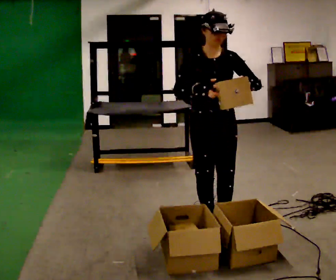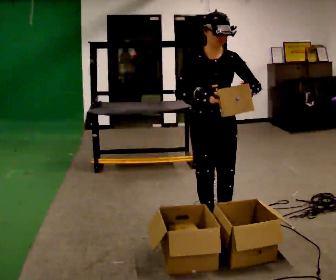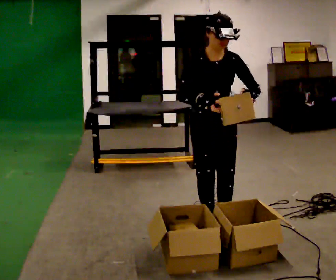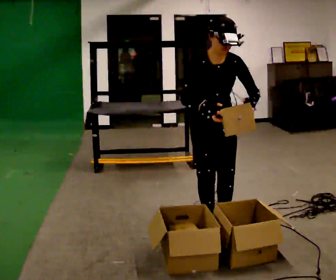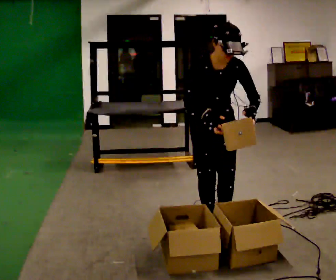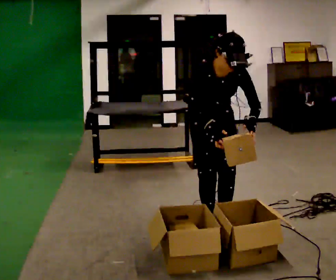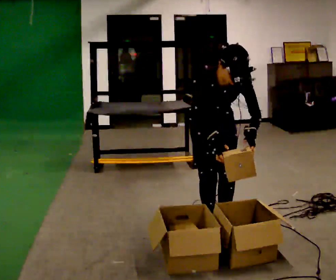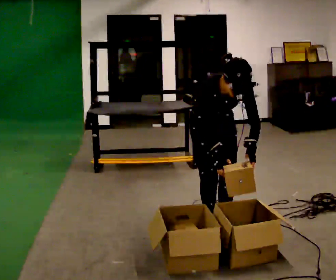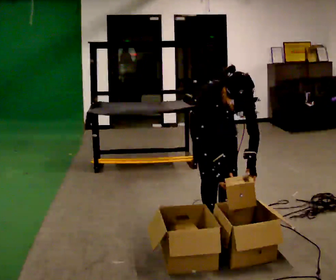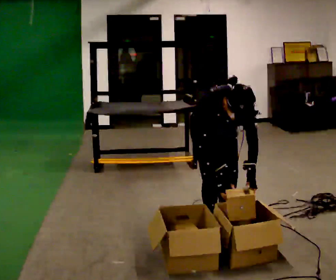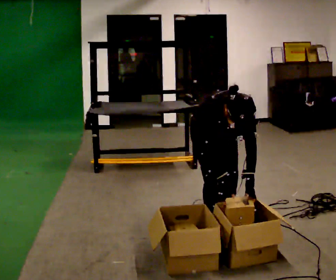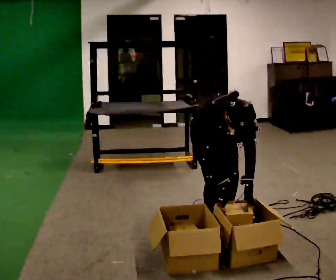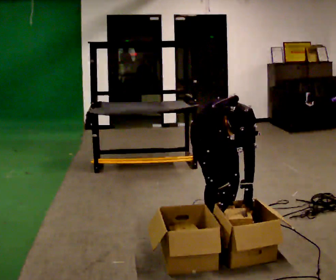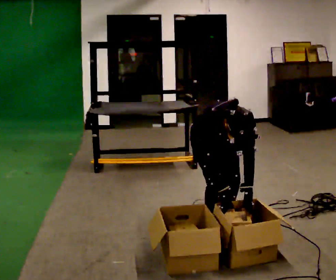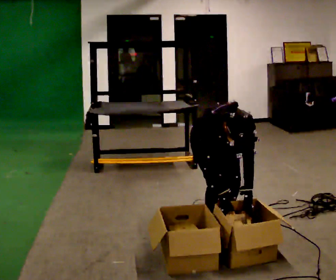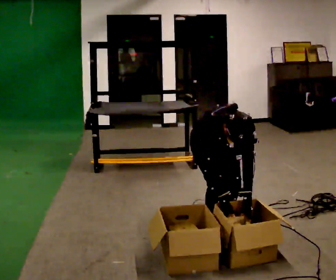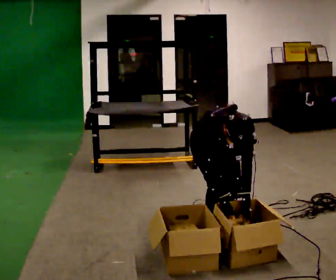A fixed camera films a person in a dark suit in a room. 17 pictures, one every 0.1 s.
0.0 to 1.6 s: The shoulders move downward. The upper body tips toward the camera, its near side rolling downward, as they bend forward. In the picture their left hand goes downward.
The film runs backward here.
